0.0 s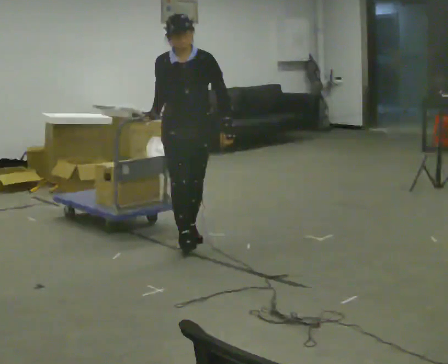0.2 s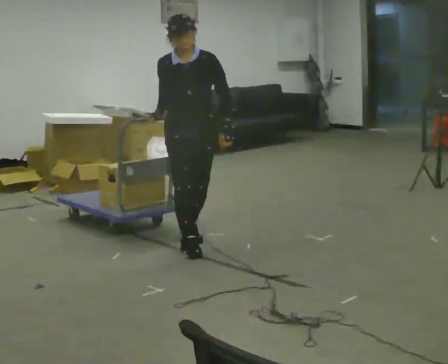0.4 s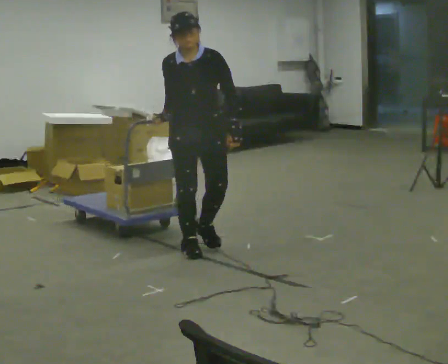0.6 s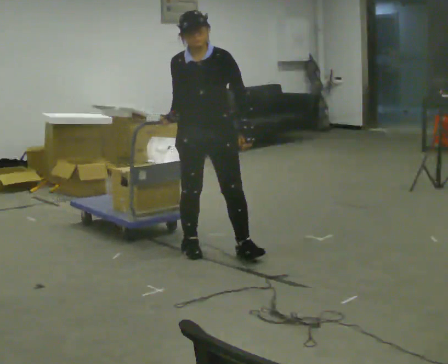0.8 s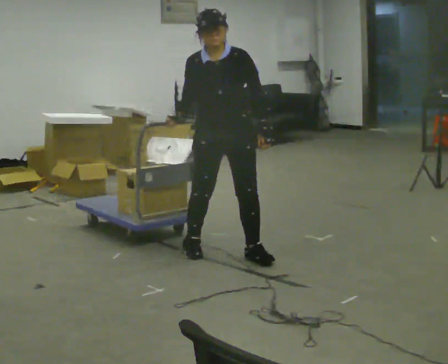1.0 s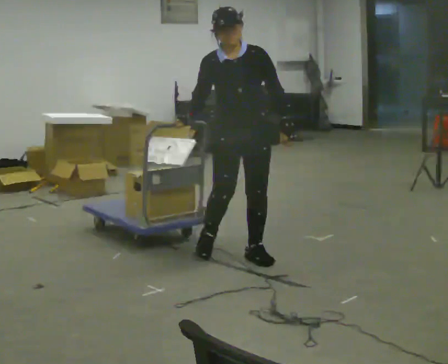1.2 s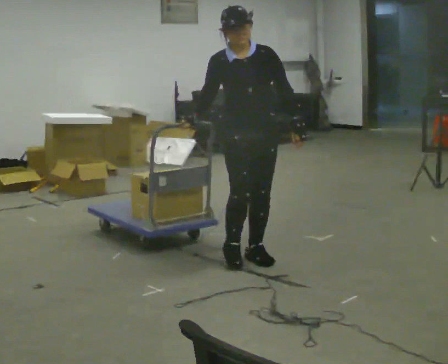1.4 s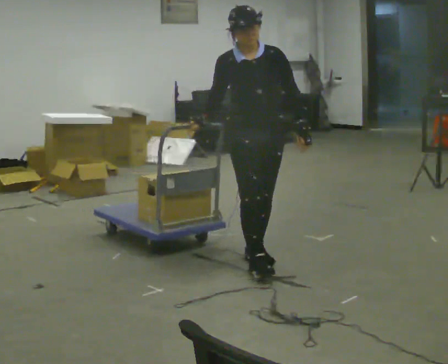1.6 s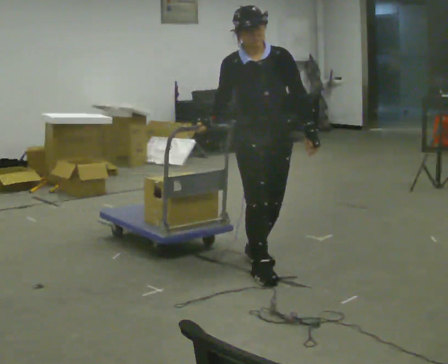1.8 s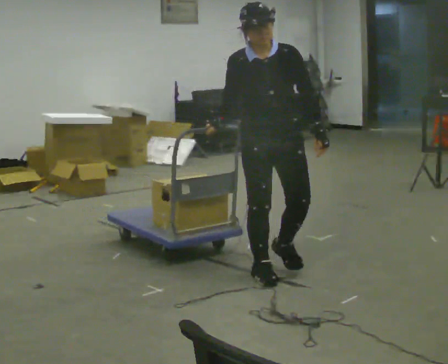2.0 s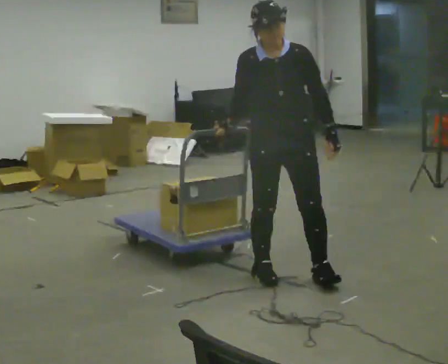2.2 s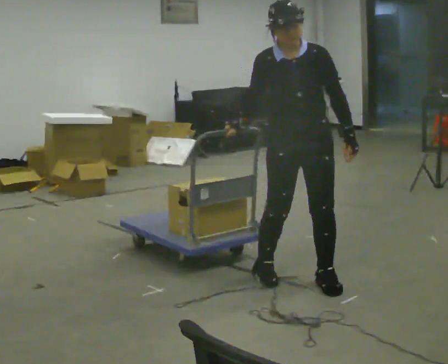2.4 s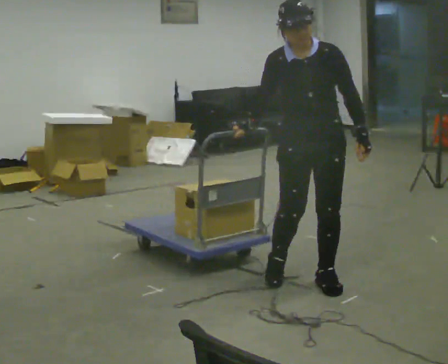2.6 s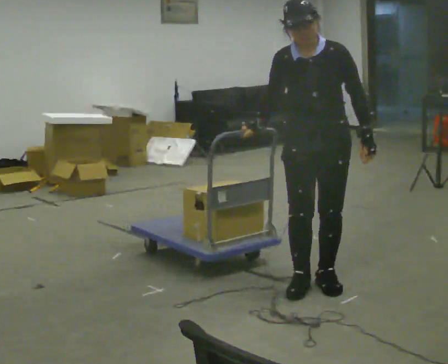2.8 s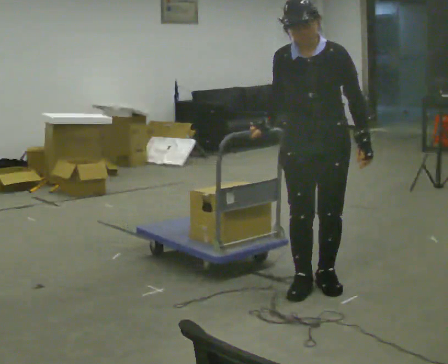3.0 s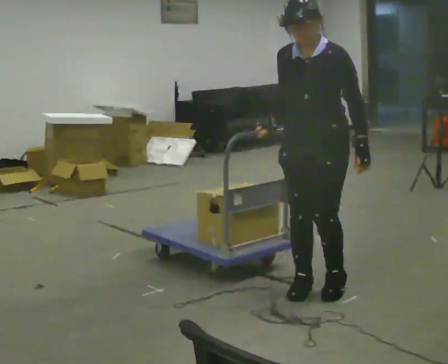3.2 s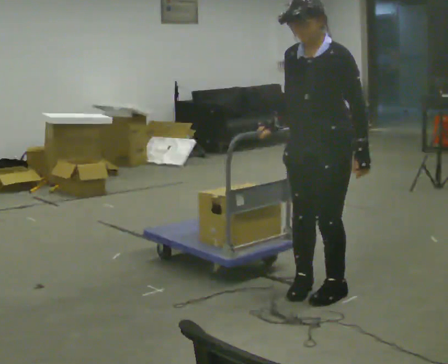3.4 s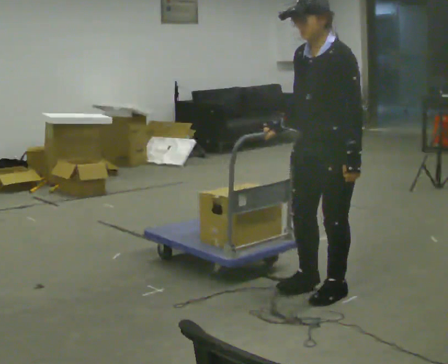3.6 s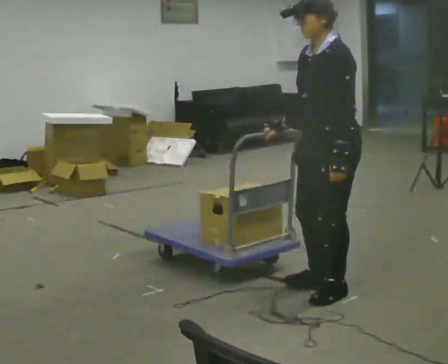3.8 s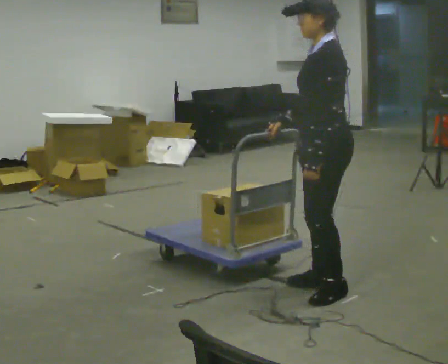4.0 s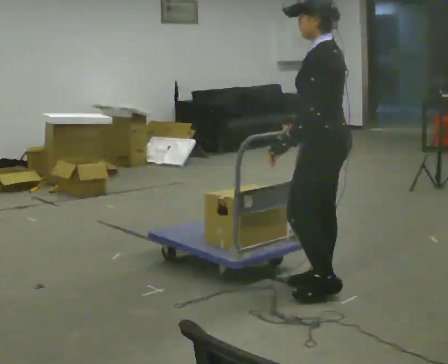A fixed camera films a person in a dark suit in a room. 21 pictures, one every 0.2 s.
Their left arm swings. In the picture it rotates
clockwise.
0.0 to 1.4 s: In the picture they go to the right and toward the camera, about 0.75 m in 2 steps, which for them is forward and to their left.
1.4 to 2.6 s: In the picture they go to the right and toward the camera, about 0.5 m in 2 steps, which for them is forward and to their left.
2.6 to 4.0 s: The person turns about 105 degrees to their right, clockwise seen from above, so the part of the body nearest the lens slides to the left. In the picture their left hand goes to the left, the arm swinging clockwise.
The film runs forward here.
